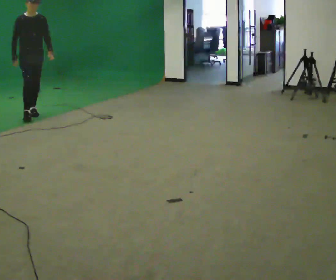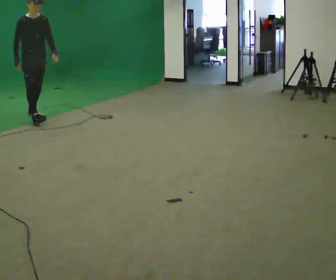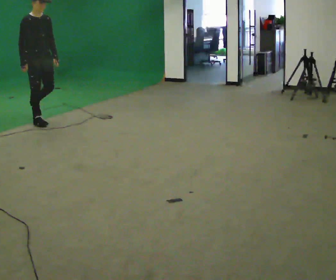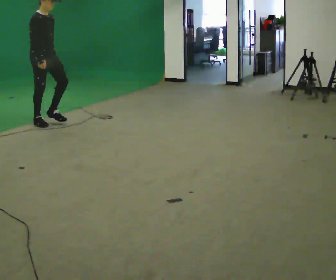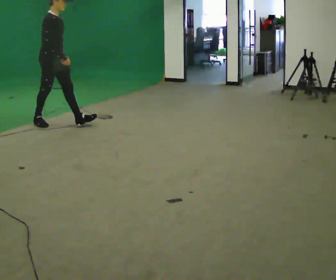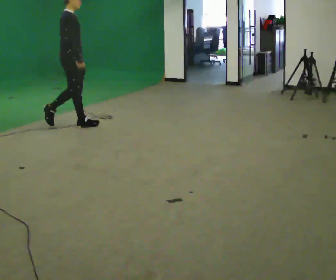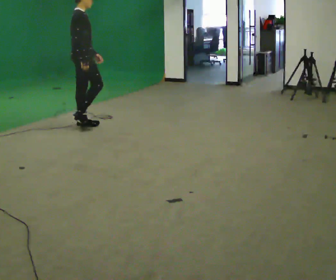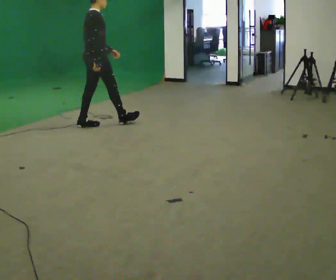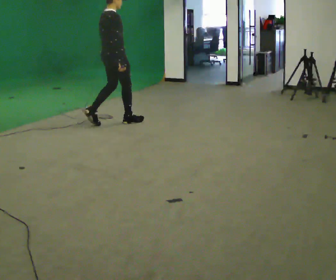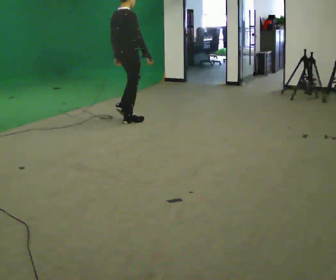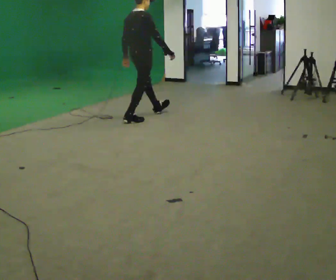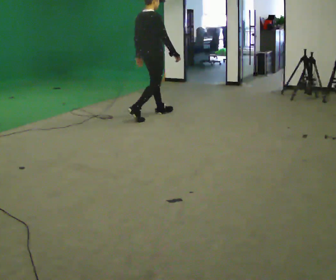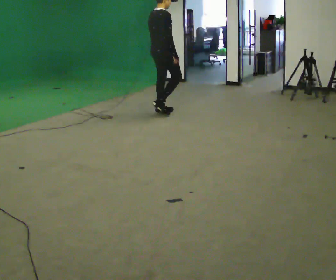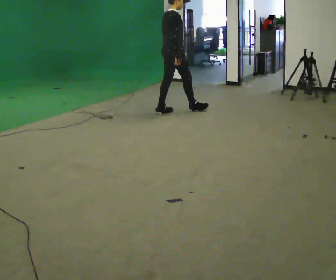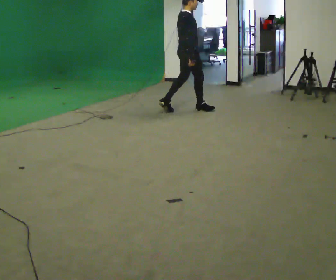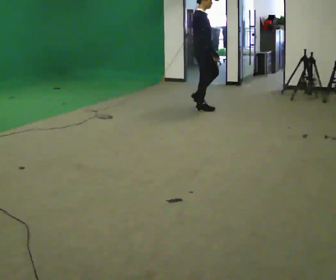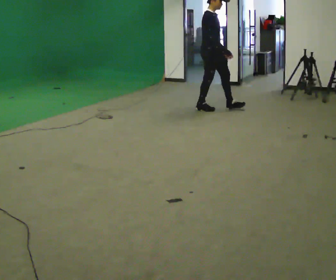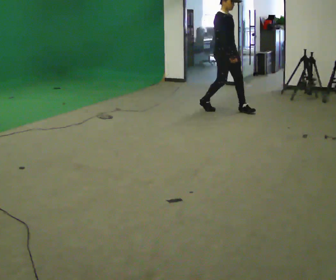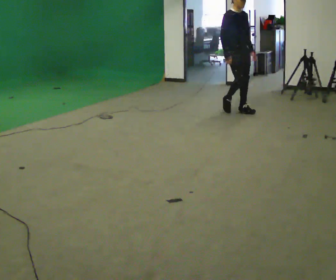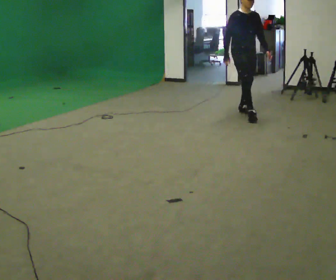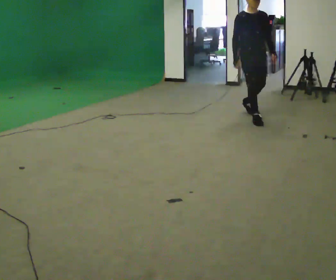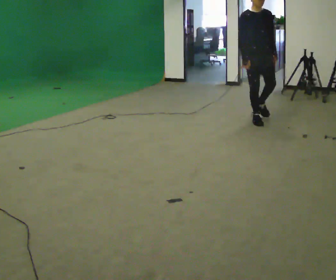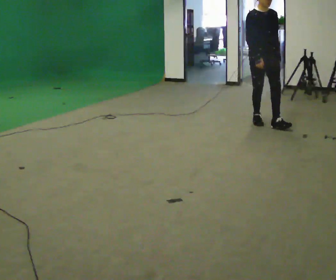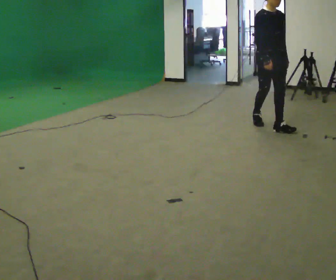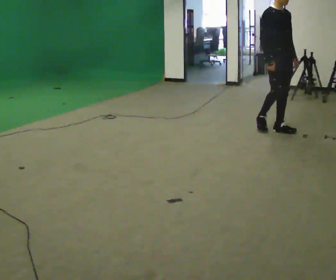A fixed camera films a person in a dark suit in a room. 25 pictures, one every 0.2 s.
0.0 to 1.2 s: Seen from above the body turns counterclockwise, about 75 degrees: to their left, with its near side sliding to the right. In the picture they go to the right and toward the camera, about 1 m in 2 steps.
1.2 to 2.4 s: In the picture they go to the right and away from the camera, about 1 m in 2 steps, which for them is forward.
2.4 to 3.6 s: The part of the body nearest the lens slides to the left as the person turns to their right by about 90 degrees. In the picture they go to the right, about 1 m in 2 steps.
3.6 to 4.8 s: In the picture they go toward the camera, about 1 m in 2 steps, which for them is forward.
The film runs forward here.
